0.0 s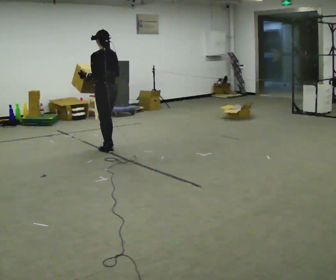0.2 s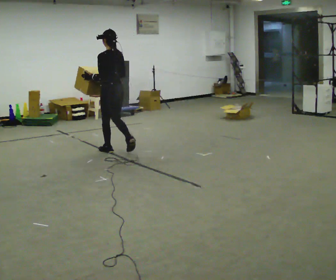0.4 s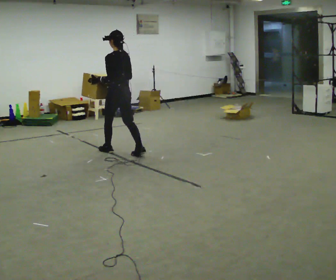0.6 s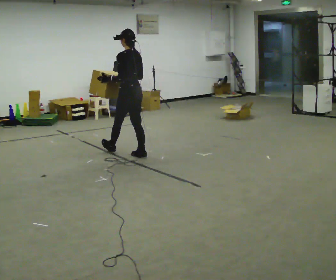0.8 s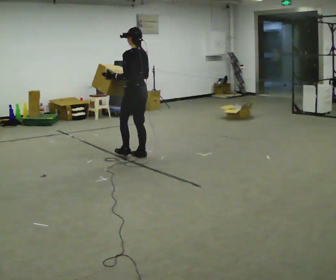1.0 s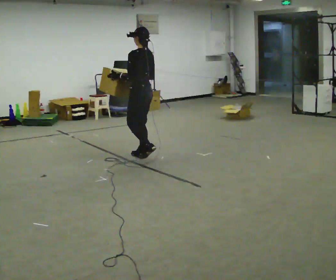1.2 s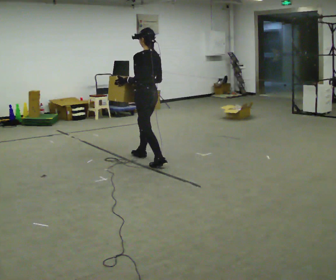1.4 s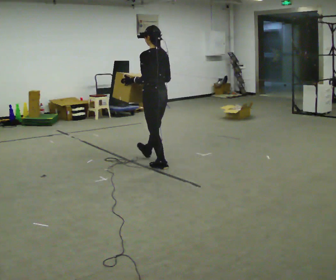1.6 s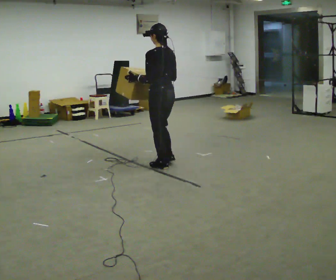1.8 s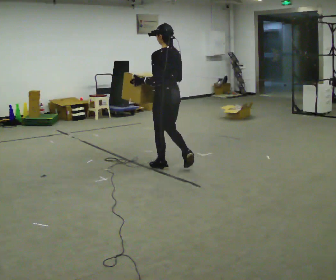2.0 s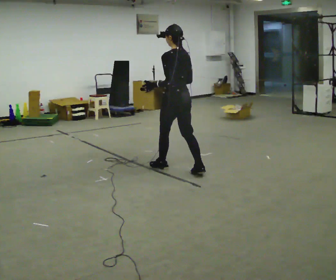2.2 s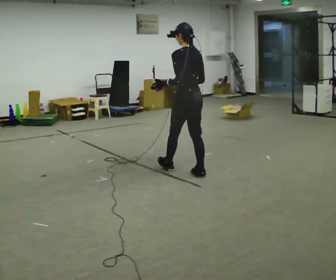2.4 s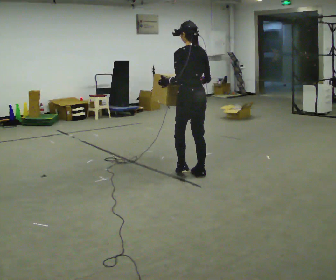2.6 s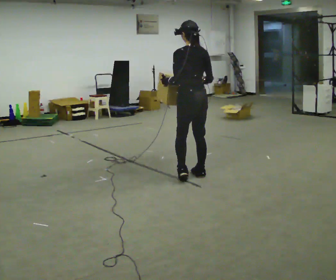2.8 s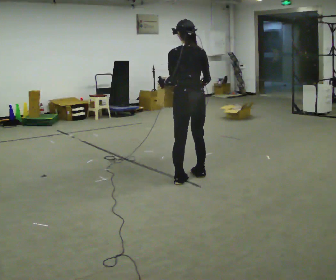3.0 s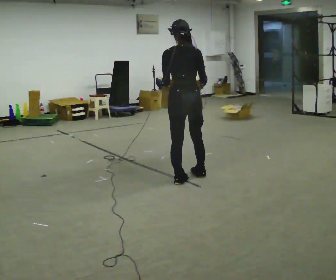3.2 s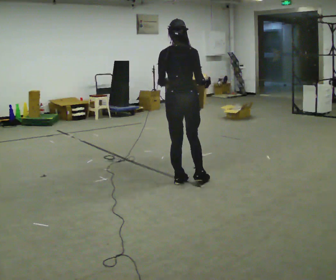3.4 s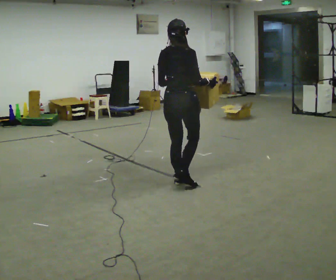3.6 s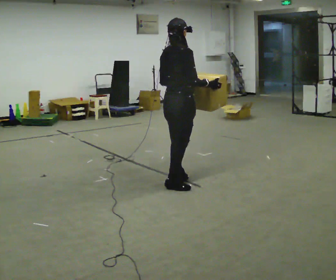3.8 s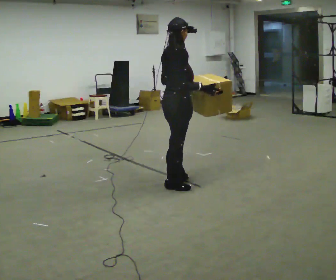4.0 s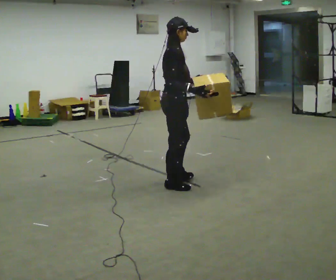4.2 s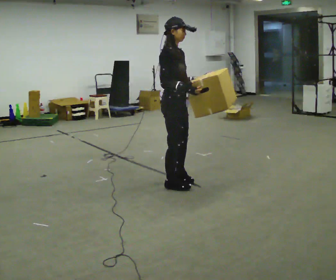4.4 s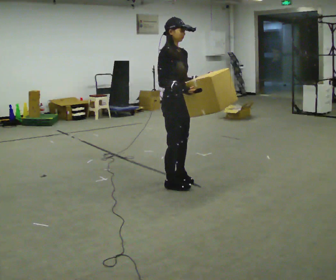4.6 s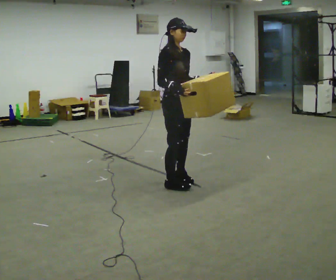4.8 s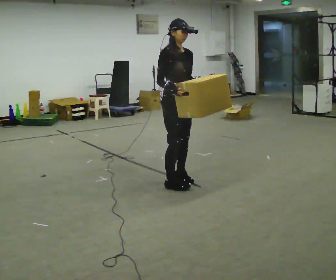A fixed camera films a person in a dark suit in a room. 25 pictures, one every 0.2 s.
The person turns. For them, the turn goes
to their right.
The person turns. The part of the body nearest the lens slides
to the left.
0.0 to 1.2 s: In the picture they go to the right and toward the camera, about 1 m in 1 step, which for them is backward.
1.2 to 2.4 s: In the picture they go to the right and toward the camera, about 1 m in 2 steps, which for them is backward.
2.4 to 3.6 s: Seen from above the body turns clockwise, about 90 degrees: to their right, with its near side sliding to the left. In the picture they go toward the camera, about 0.25 m in 1 step.
3.6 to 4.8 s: The part of the body nearest the lens slides to the left as the person turns to their right by about 90 degrees. In the picture their right hand goes to the left.
The film runs backward here.
